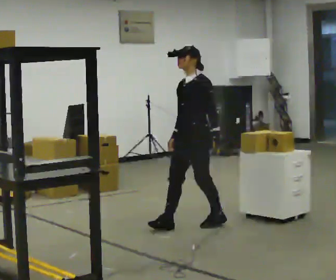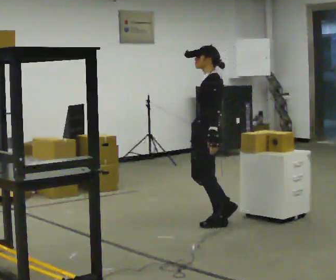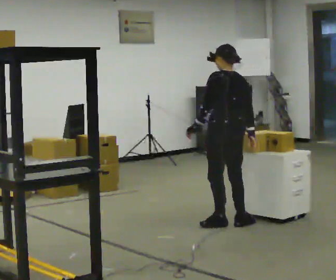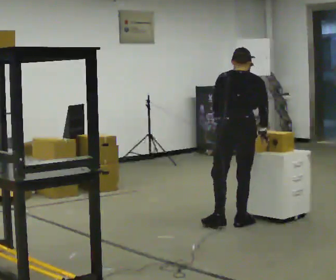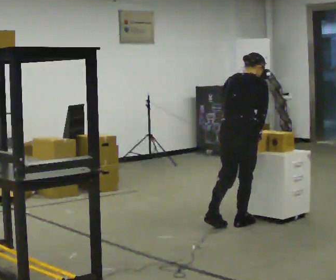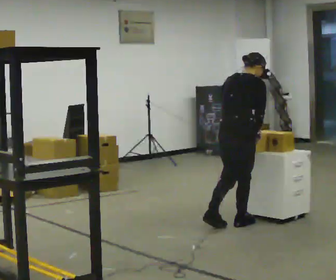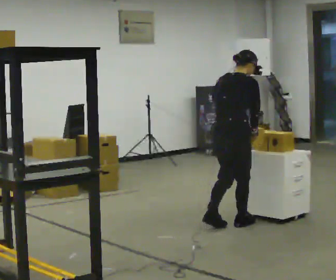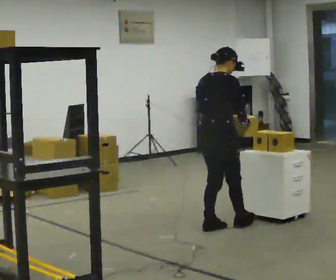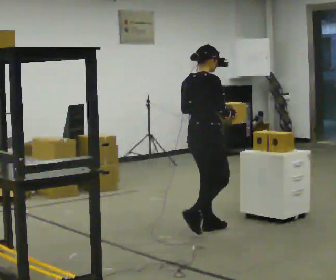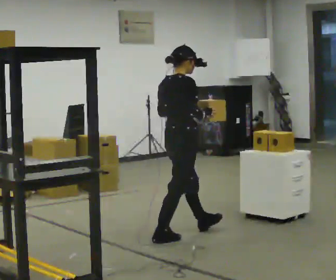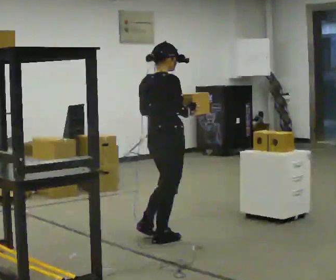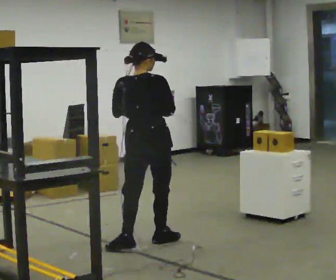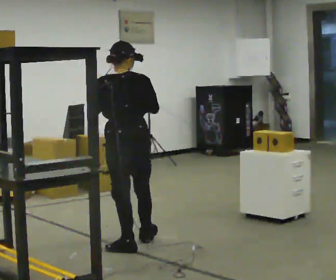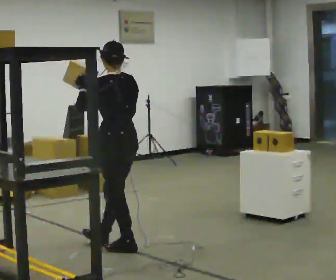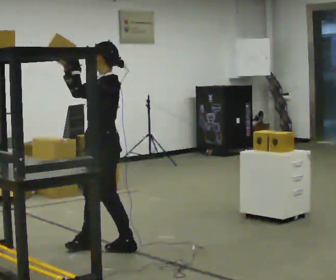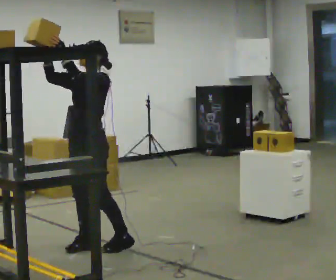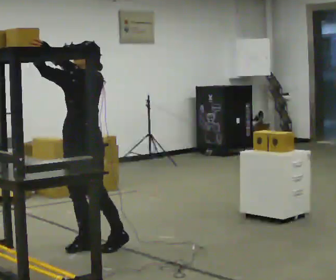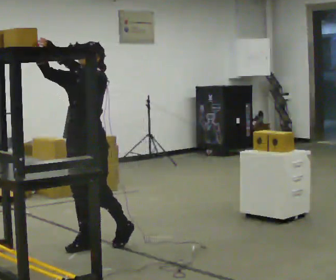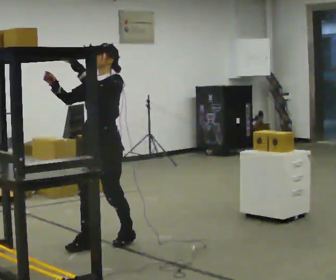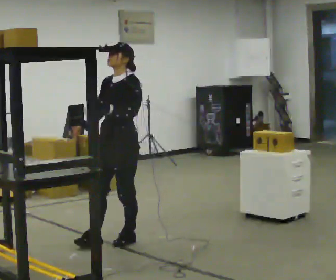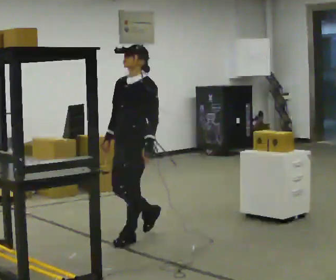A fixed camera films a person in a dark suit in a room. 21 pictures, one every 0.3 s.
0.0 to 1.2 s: The part of the body nearest the lens slides to the left as the person turns to their right by about 150 degrees. In the picture they go to the right, about 0.25 m in 1 step. In the picture the upper body tilts clockwise, shoulders to the right, as they bend forward.
1.2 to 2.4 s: The person turns about 30 degrees to their right, clockwise seen from above, so the part of the body nearest the lens slides to the left. In the picture they go to the left and toward the camera, about 0.25 m in 1 step, which for them is backward. The upper body tips toward the camera, its near side rolling downward, as they lean back or straighten.
2.4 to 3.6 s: The part of the body nearest the lens slides to the right as the person turns to their left by about 90 degrees. In the picture they go to the left and toward the camera, about 0.5 m in 2 steps.
3.6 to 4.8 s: The part of the body nearest the lens slides to the right as the person turns to their left by about 120 degrees. In the picture they go to the left, about 0.25 m. In the picture their right hand goes upward.
4.8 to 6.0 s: In the picture they go to the right and away from the camera, about 0.5 m in 2 steps, which for them is backward. In the picture their right hand goes downward, the arm swinging counterclockwise.
The film runs backward here.
